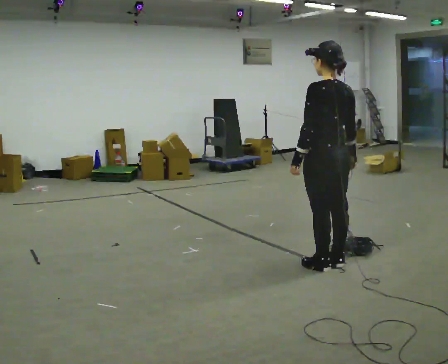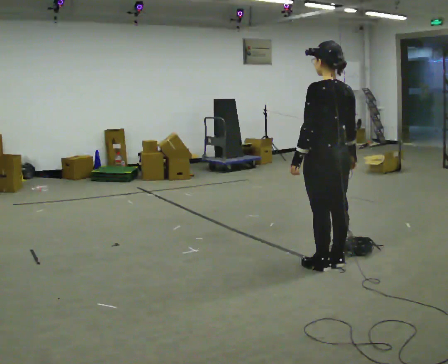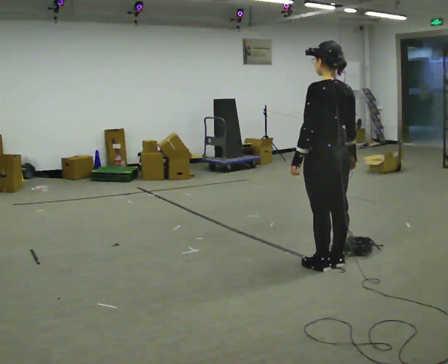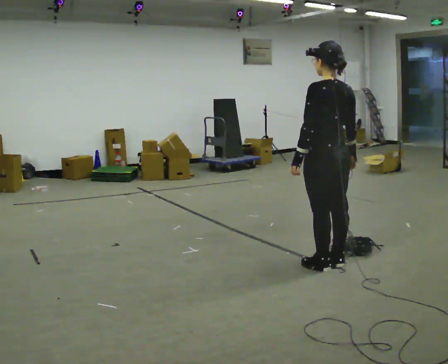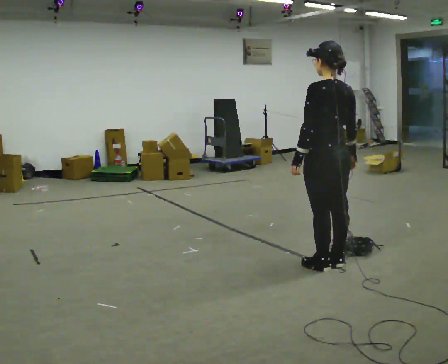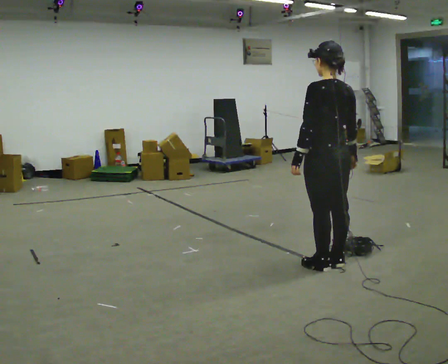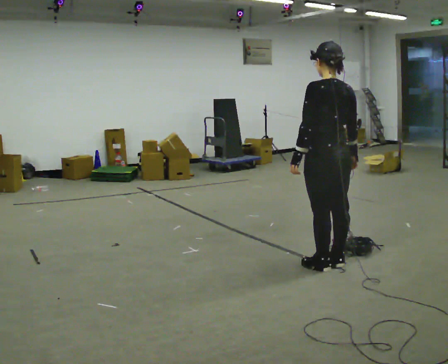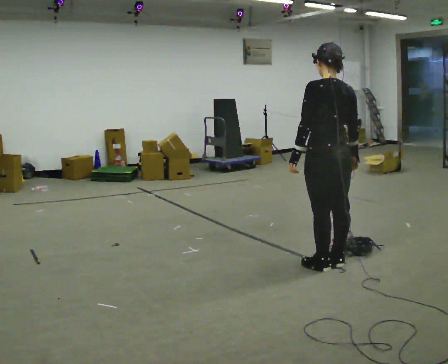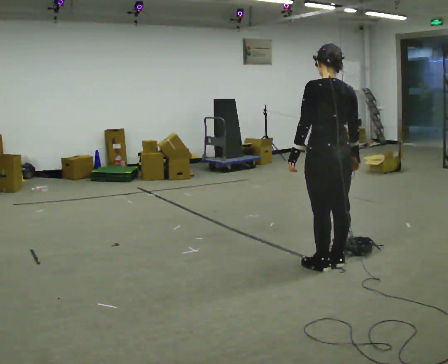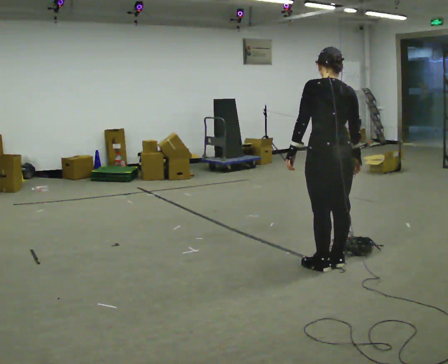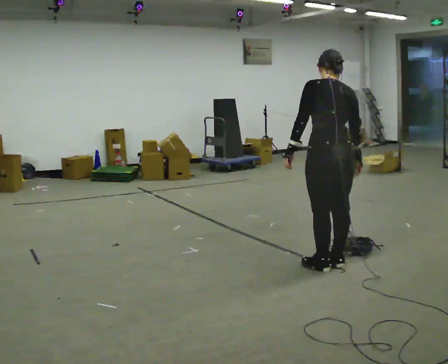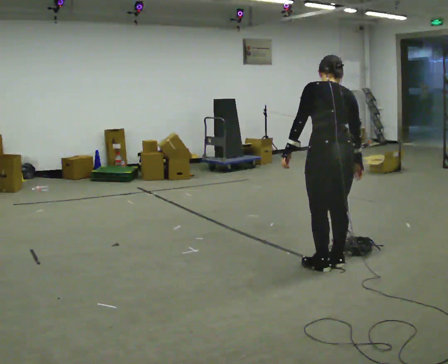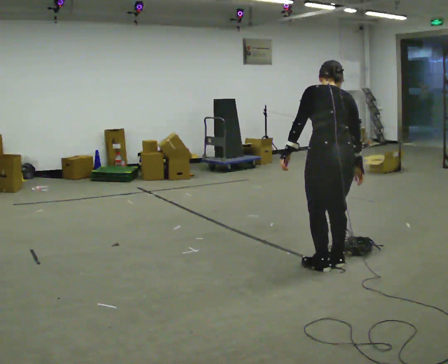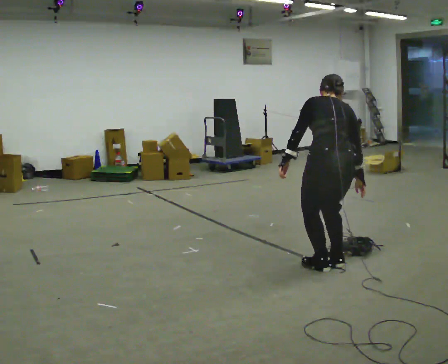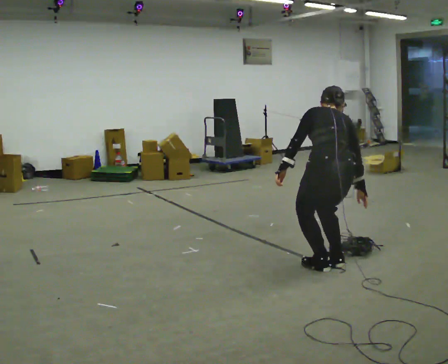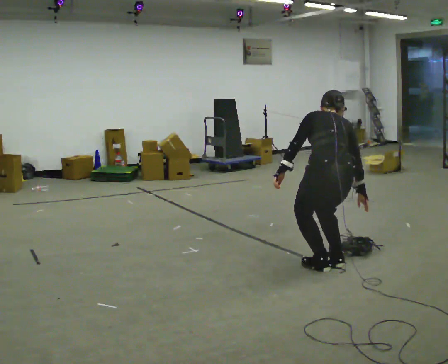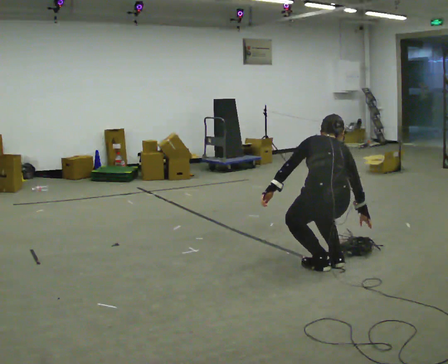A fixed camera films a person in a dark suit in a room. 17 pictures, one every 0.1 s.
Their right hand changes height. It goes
downward.
The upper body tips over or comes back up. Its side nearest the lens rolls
upward.
0.0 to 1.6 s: The upper body goes downward. The upper body tips away from the camera, its near side rolling upward, as they bend forward.
The film runs forward here.
